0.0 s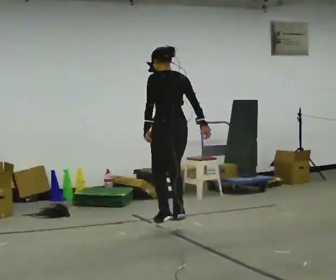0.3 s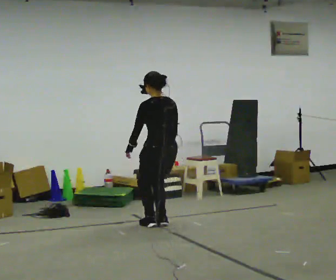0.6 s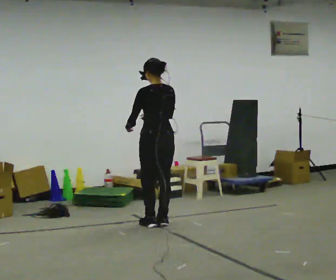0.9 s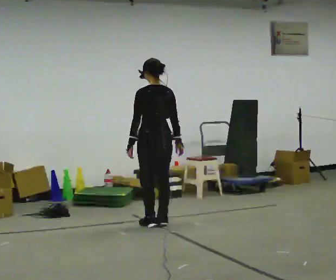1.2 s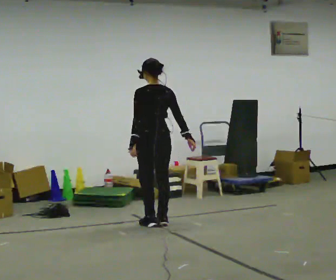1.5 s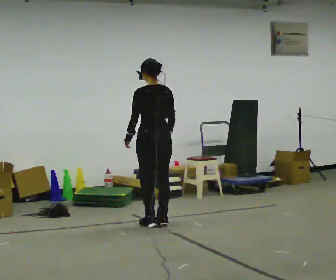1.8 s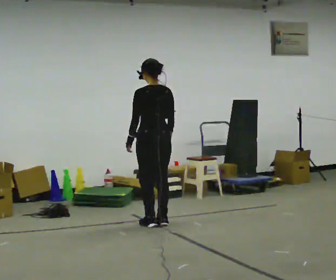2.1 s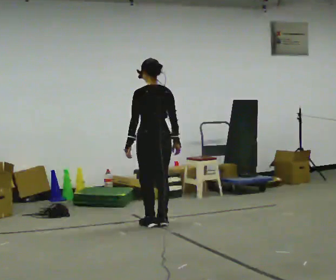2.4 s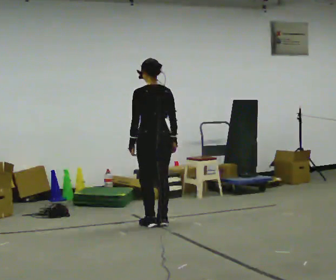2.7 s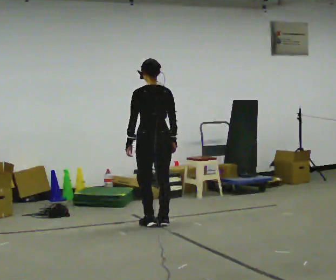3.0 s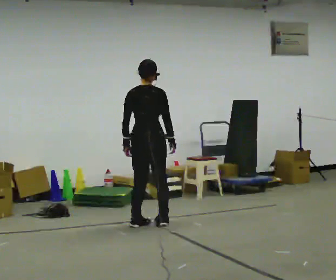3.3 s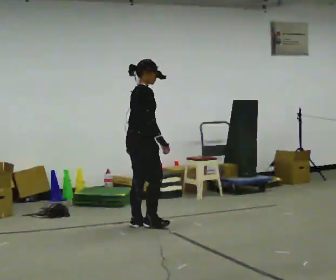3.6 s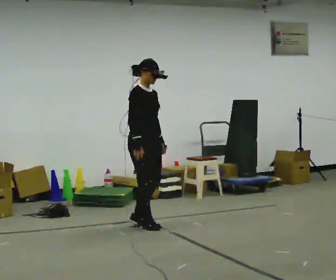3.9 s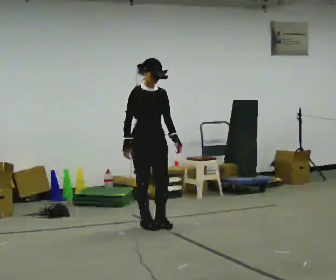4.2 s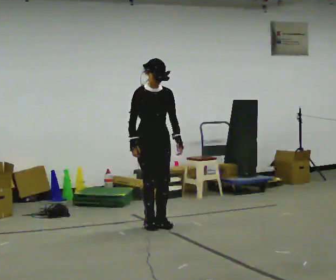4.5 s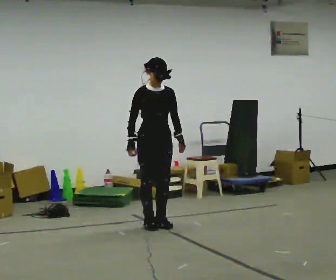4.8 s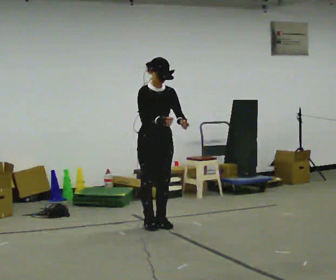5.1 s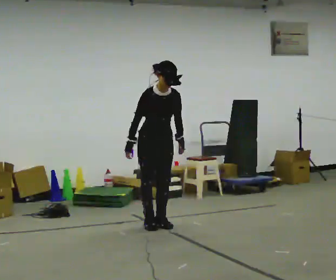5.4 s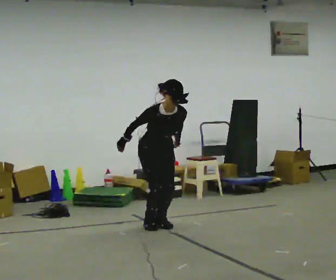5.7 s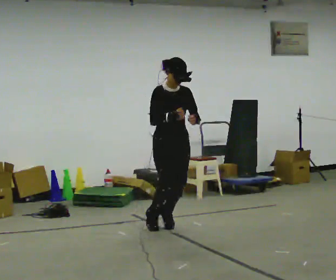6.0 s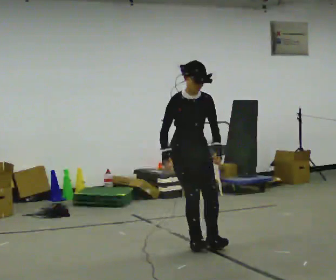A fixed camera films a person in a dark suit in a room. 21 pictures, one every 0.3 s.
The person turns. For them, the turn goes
to their right.
The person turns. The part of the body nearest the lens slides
to the left.
0.0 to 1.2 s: In the picture they go away from the camera, about 0.25 m in 2 steps, which for them is forward.
1.2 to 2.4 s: The person moves a little, or ends about where they began.
2.4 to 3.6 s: The person turns about 135 degrees to their right, clockwise seen from above, so the part of the body nearest the lens slides to the left. In the picture their right hand goes to the left.
3.6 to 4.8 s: The person turns about 30 degrees to their right, clockwise seen from above, so the part of the body nearest the lens slides to the left.
4.8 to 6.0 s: In the picture they go toward the camera and to the right, about 0.5 m, which for them is forward. In the picture their right hand goes downward.
The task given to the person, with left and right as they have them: Skip forward across the room at a comfortable pace.
The film runs forward here.
